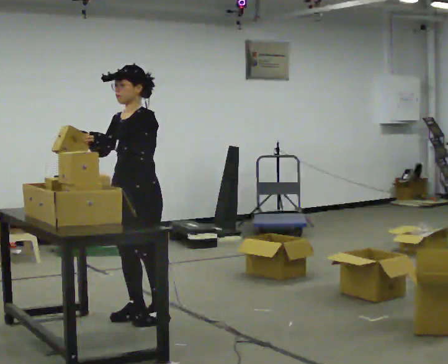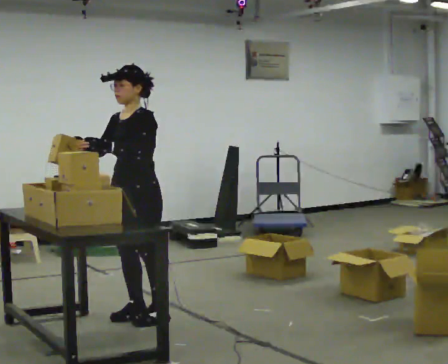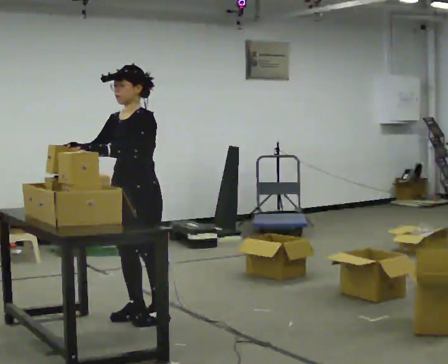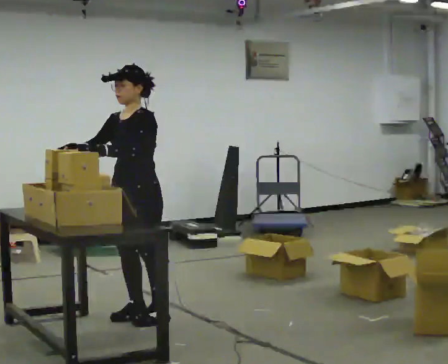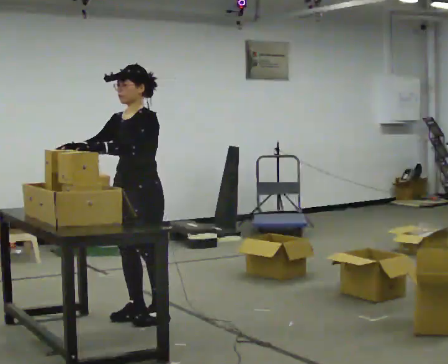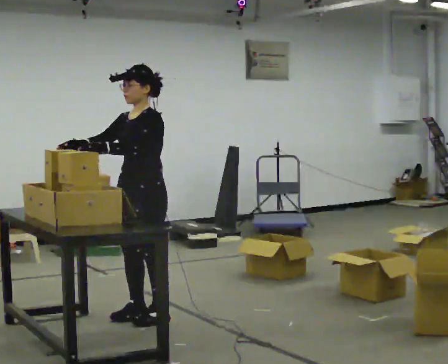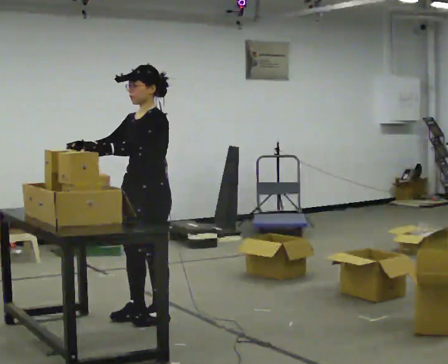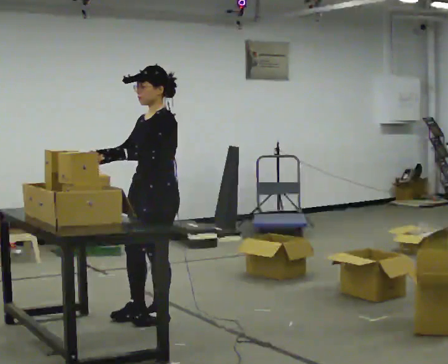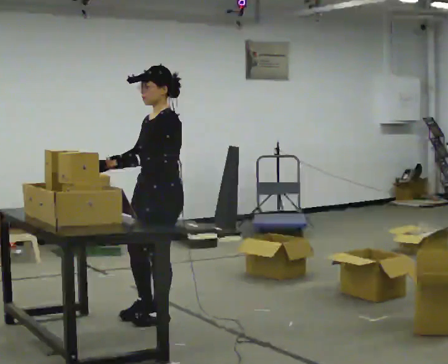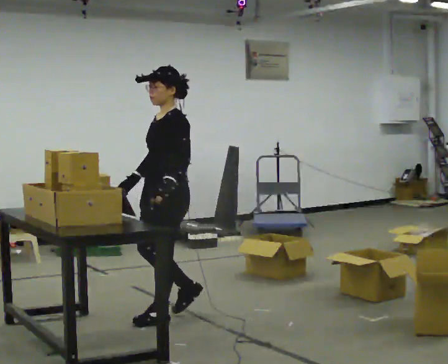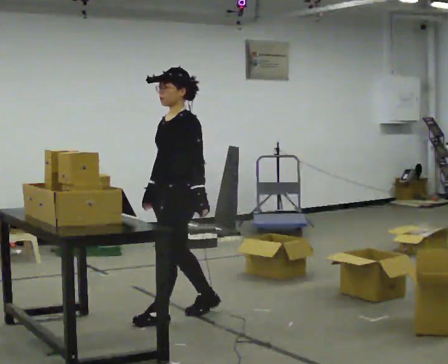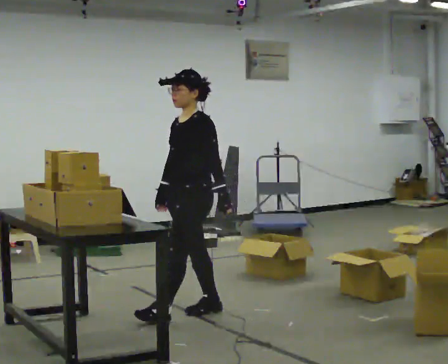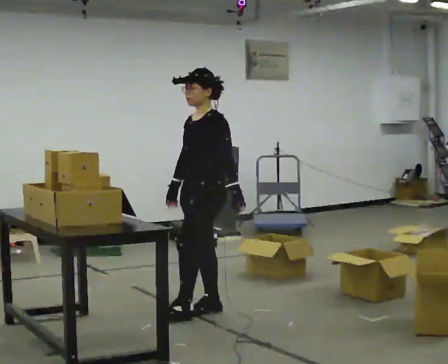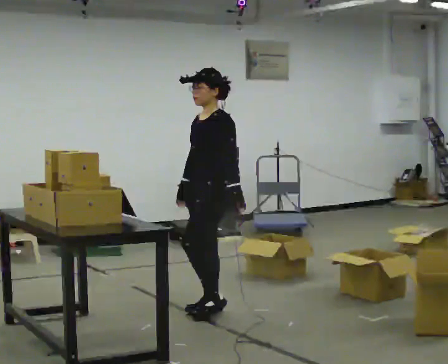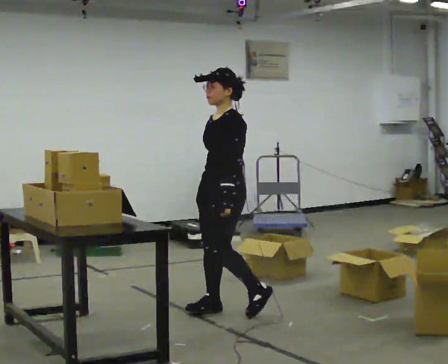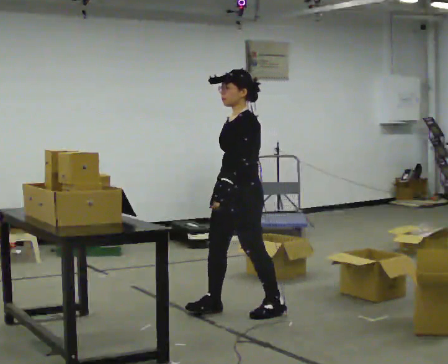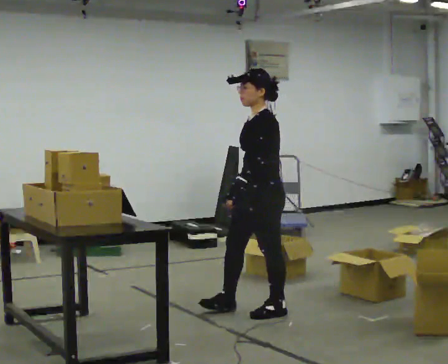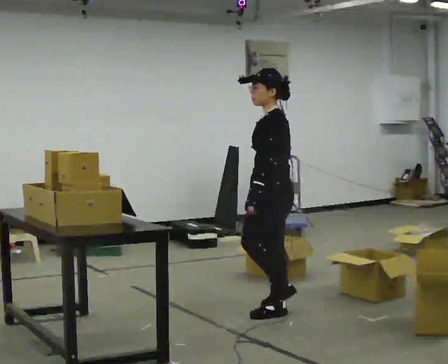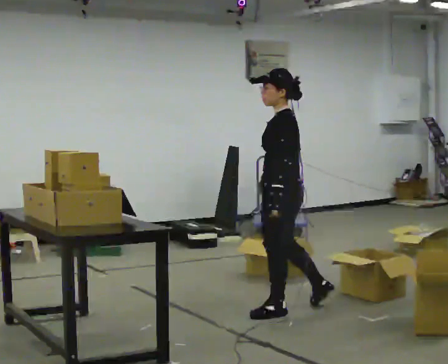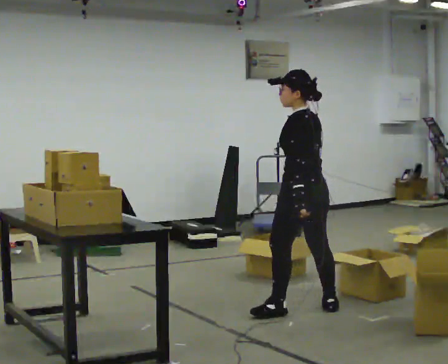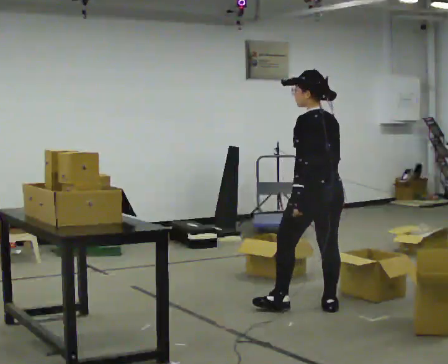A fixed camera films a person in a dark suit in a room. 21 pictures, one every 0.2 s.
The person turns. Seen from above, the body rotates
clockwise.
The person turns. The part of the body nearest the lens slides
to the left.
0.0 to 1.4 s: The person moves a little, or ends about where they began.
1.4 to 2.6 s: In the picture they go to the right and away from the camera, about 0.5 m in 2 steps, which for them is backward.
2.6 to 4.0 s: Seen from above the body turns clockwise, about 75 degrees: to their right, with its near side sliding to the left. In the picture they go to the right, about 0.5 m in 2 steps.
The film runs backward here.
